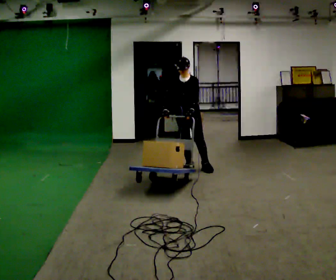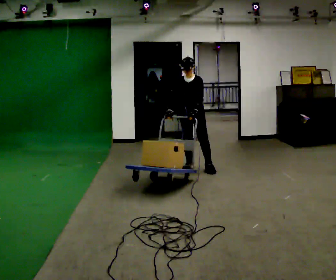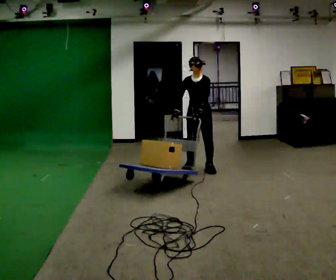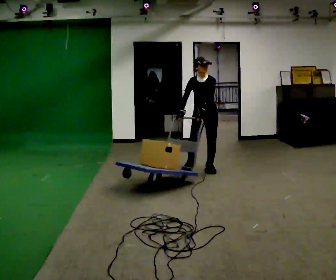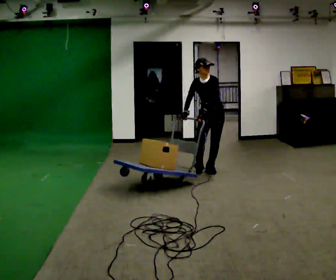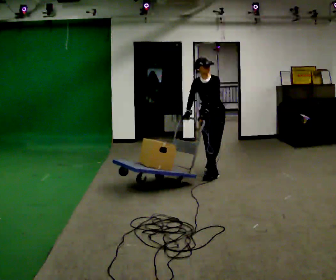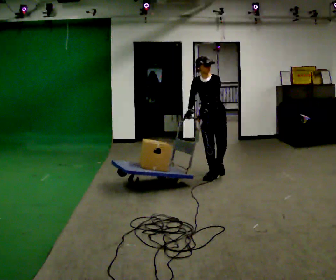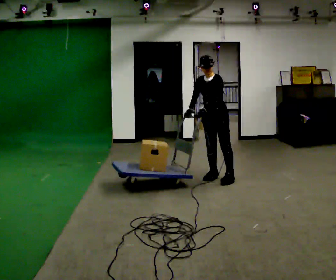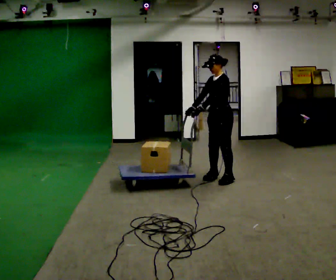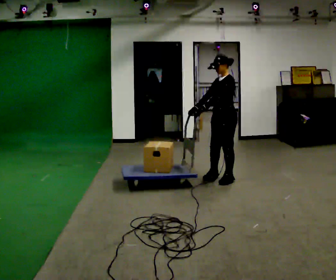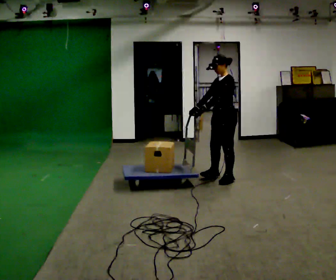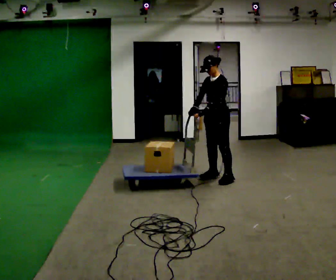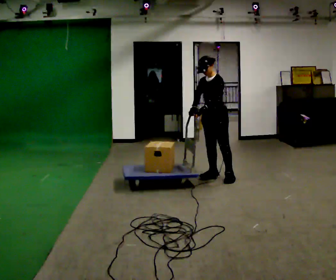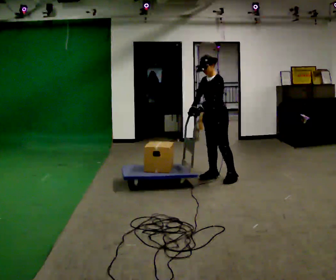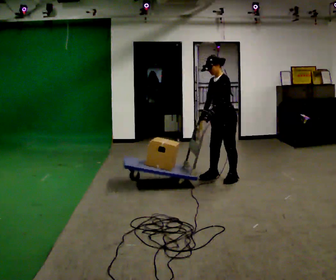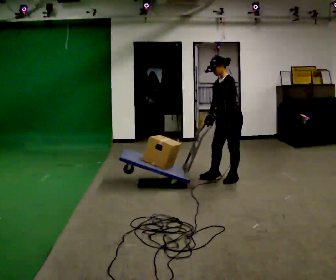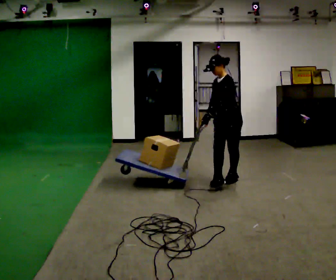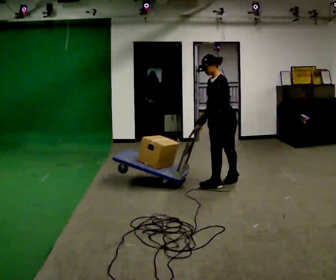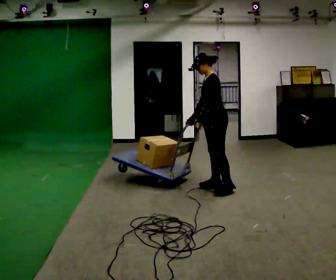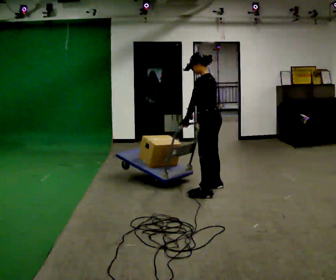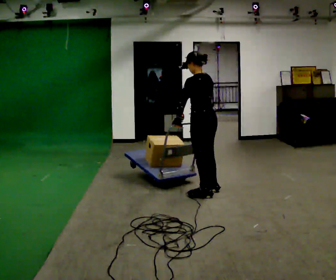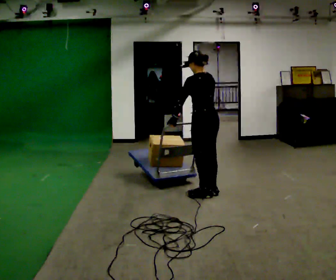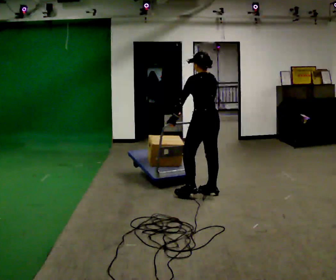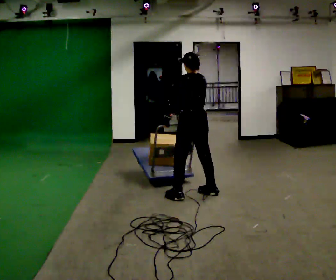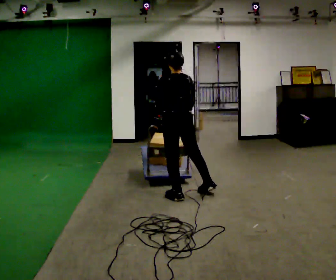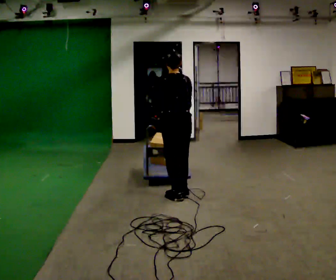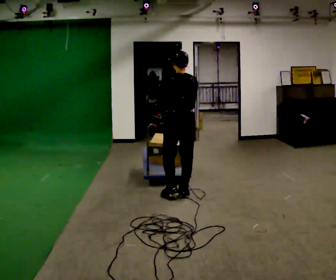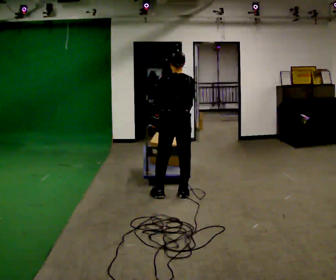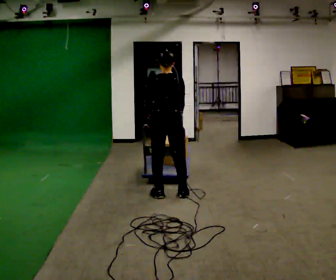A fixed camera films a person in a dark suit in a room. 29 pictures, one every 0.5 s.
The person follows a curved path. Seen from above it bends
clockwise.
0.0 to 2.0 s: In the picture they go to the right and toward the camera, about 0.25 m, which for them is to their left.
2.0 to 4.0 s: The part of the body nearest the lens slides to the left as the person turns to their right by about 45 degrees. In the picture they go toward the camera, about 0.5 m in 2 steps, which for them is forward and to their left.
4.0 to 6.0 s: The person moves a little, or ends about where they began.
6.0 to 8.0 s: In the picture they go toward the camera and to the right, about 0.25 m, which for them is to their left.
8.0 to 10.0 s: The person turns about 75 degrees to their right, clockwise seen from above, so the part of the body nearest the lens slides to the left. In the picture they go toward the camera and to the left, about 0.5 m in 2 steps.
10.0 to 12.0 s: Seen from above the body turns clockwise, about 30 degrees: to their right, with its near side sliding to the left. In the picture they go to the left, about 0.25 m in 2 steps, which for them is to their left and forward.
12.0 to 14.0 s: The person moves a little, or ends about where they began.
The film runs forward here.
